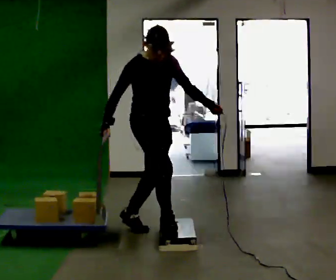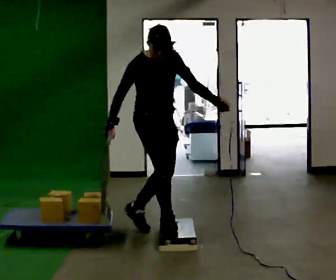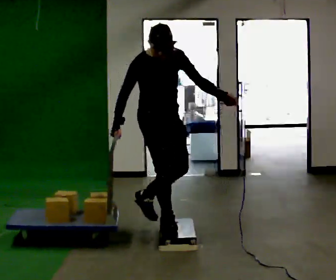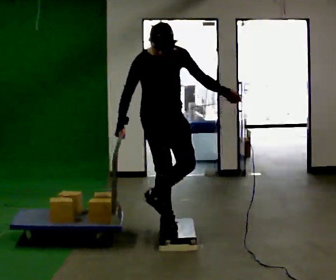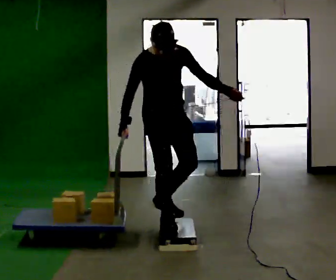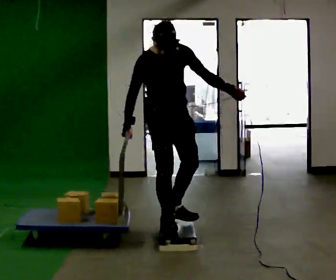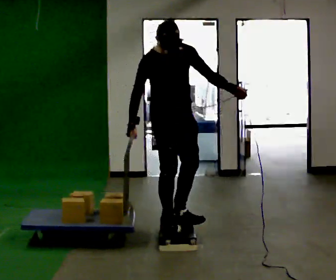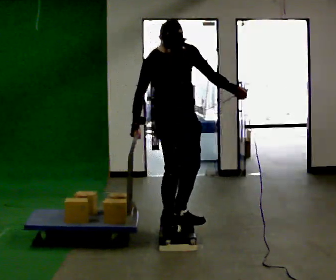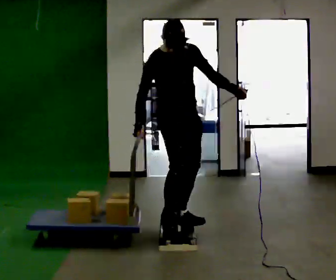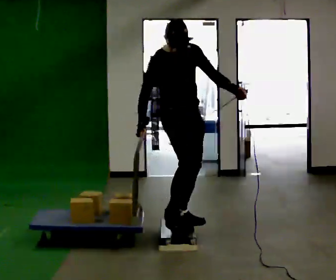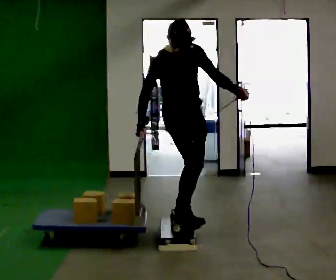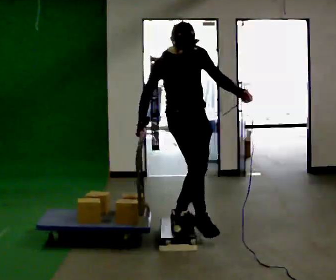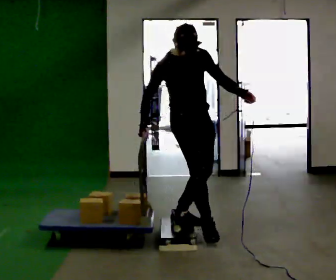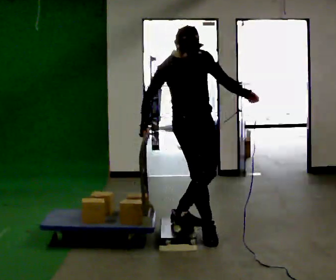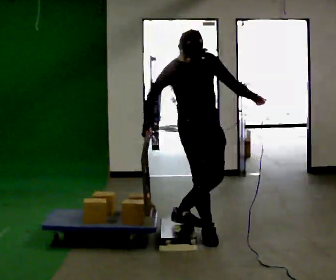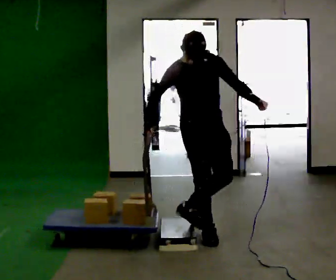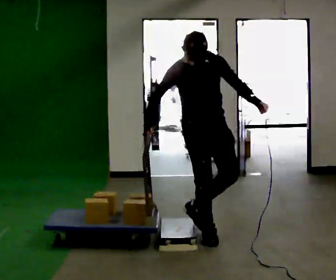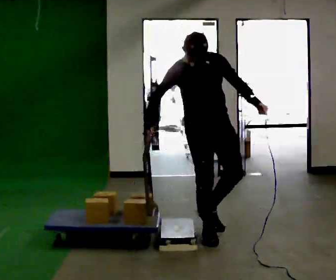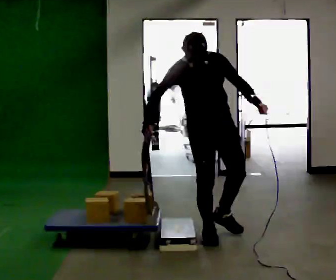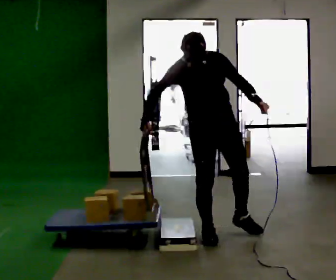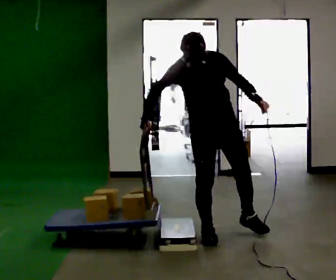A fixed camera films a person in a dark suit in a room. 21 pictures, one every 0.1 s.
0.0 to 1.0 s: In the picture they go to the right, about 0.25 m in 1 step, which for them is to their left and forward.
1.0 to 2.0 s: The part of the body nearest the lens slides to the left as the person turns to their right by about 45 degrees. In the picture they go to the right, about 0.25 m in 1 step, which for them is forward and to their left.
The film runs forward here.
